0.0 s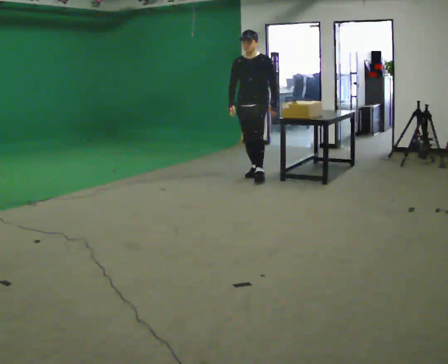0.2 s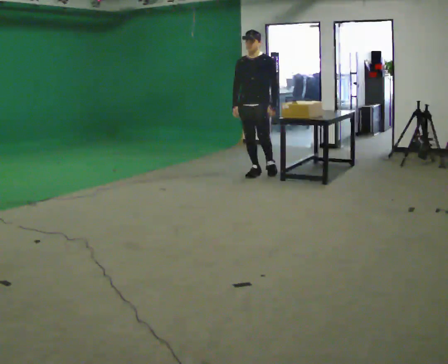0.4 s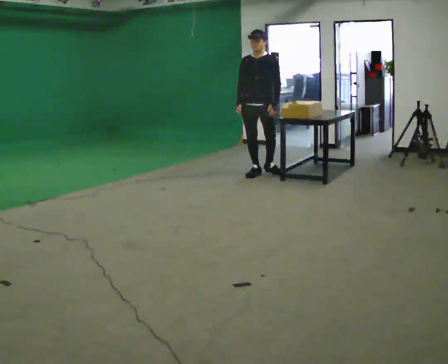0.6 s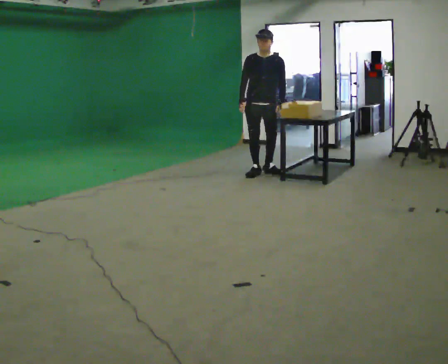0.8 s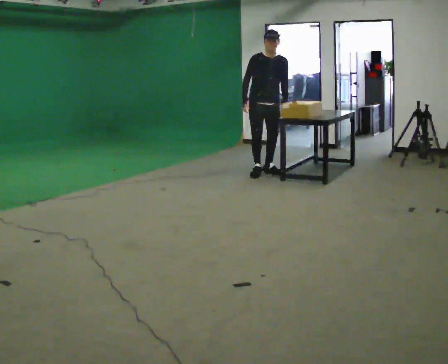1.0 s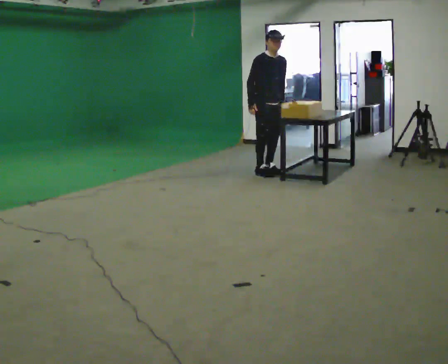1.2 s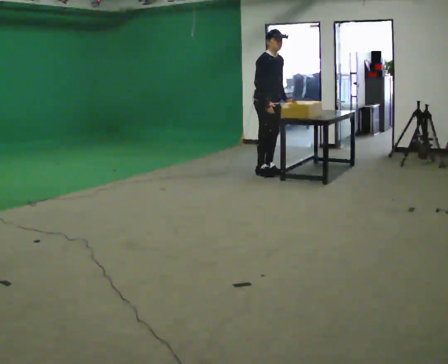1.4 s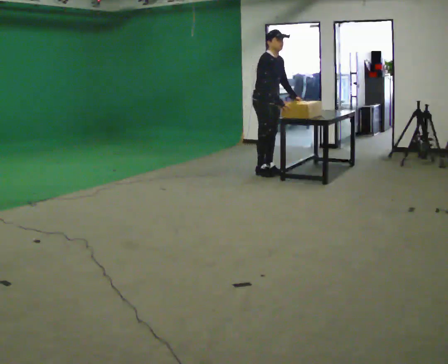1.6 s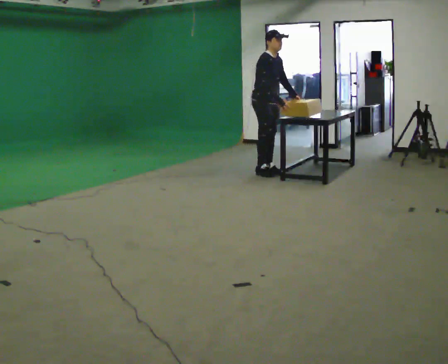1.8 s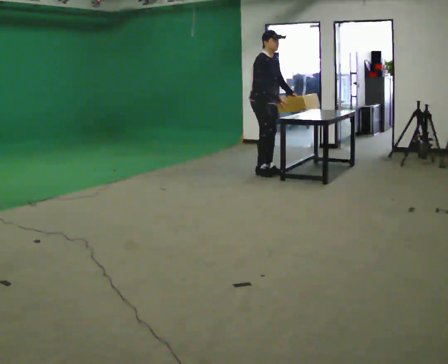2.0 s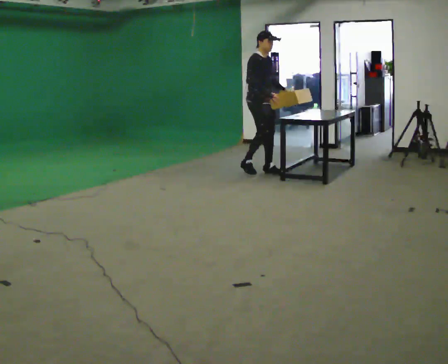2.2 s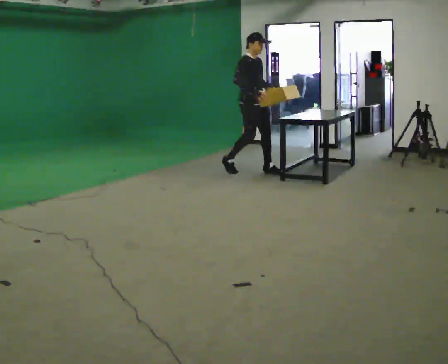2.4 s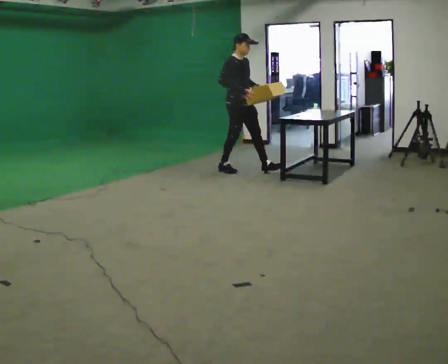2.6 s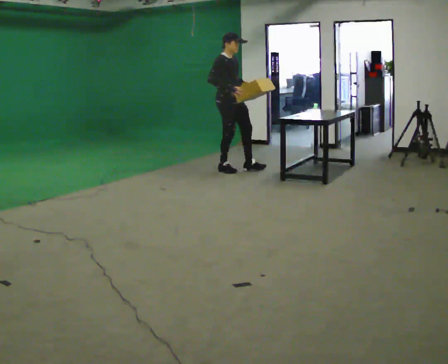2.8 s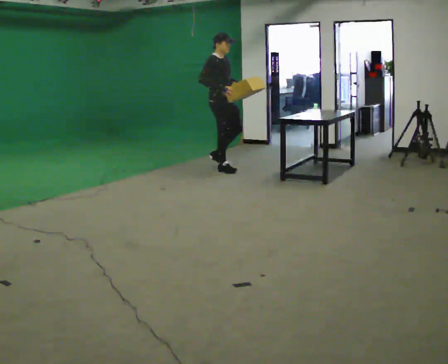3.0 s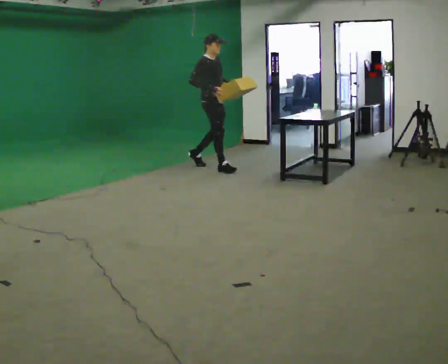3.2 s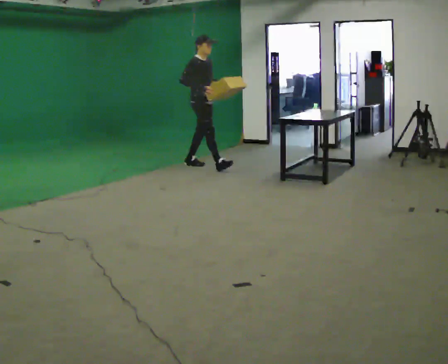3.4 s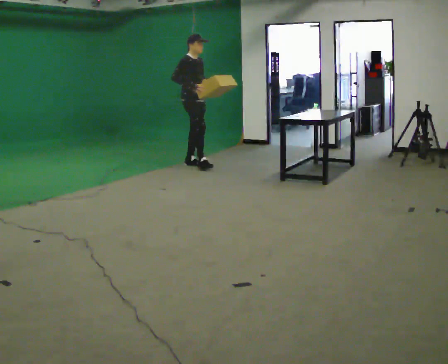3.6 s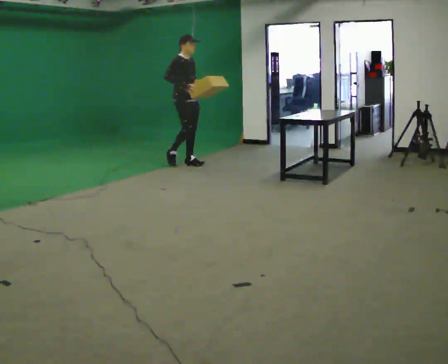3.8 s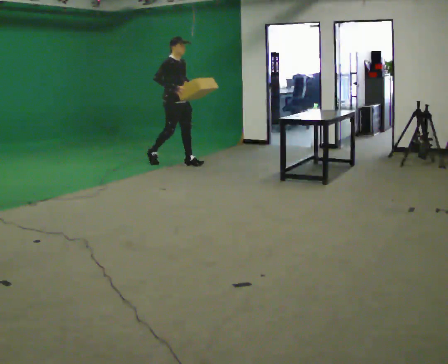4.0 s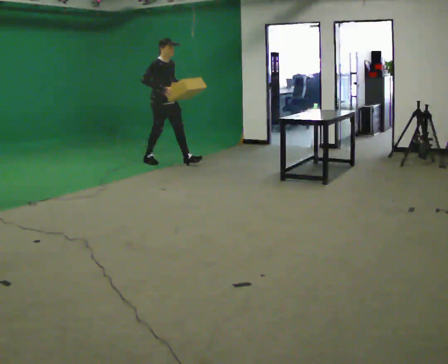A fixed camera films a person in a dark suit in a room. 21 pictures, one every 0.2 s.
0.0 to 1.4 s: The person turns about 75 degrees to their left, counterclockwise seen from above, so the part of the body nearest the lens slides to the right. In the picture they go away from the camera, about 0.25 m. In the picture the upper body tilts clockwise, shoulders to the right. In the picture their right hand goes to the right.
1.4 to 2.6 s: In the picture they go to the left, about 0.5 m in 2 steps, which for them is backward. In the picture the upper body tilts counterclockwise, shoulders to the left, as they lean back or straighten.
2.6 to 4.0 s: In the picture they go to the left and away from the camera, about 1 m in 1 step, which for them is backward.
The film runs backward here.
